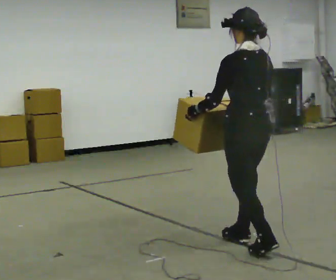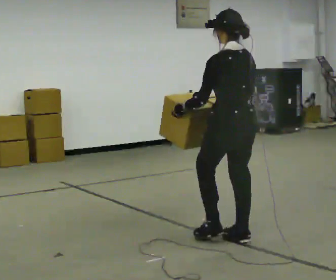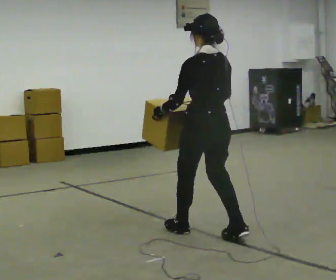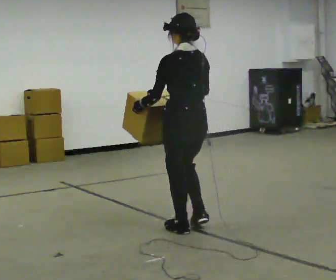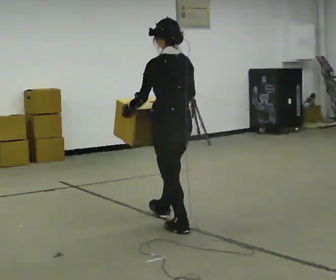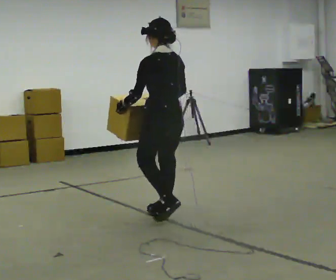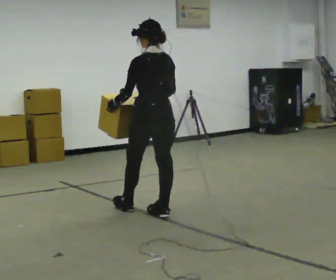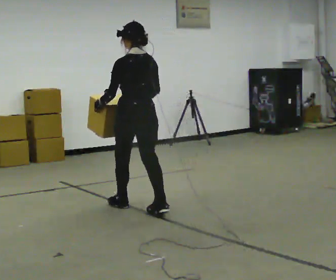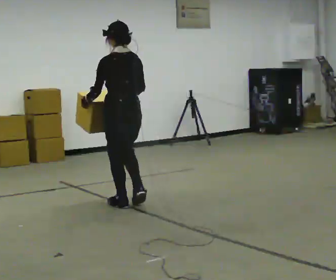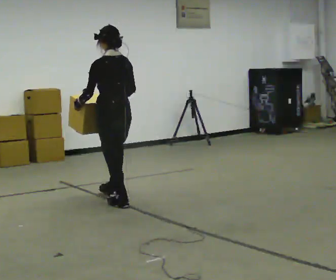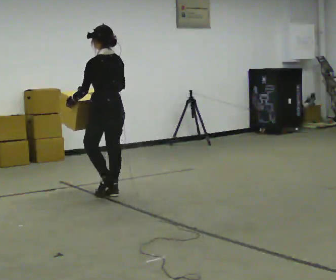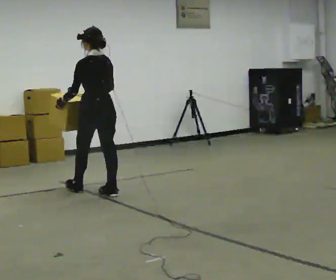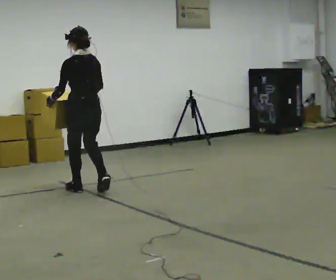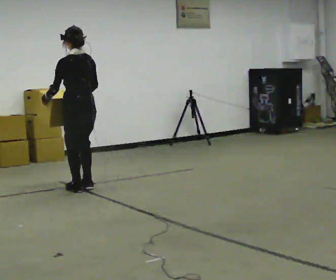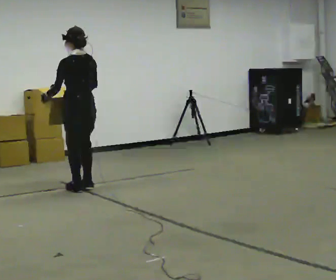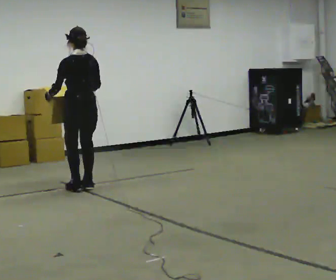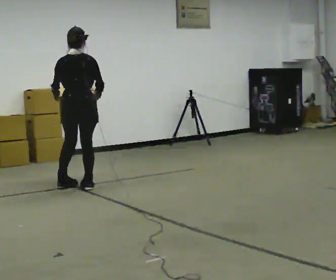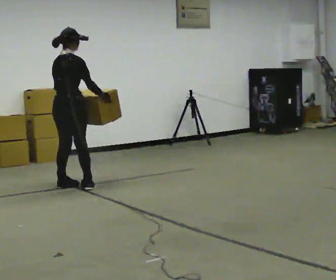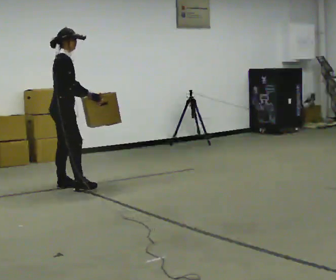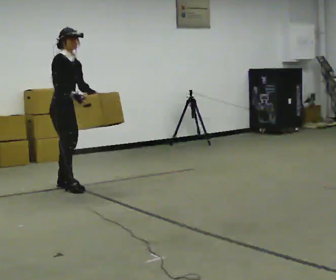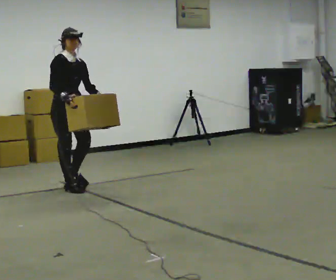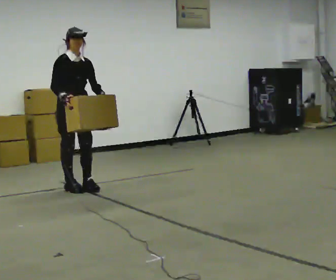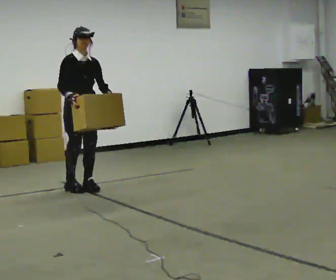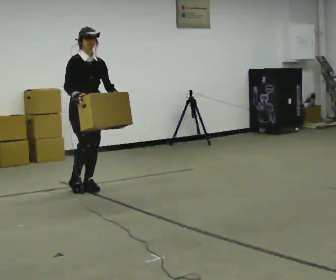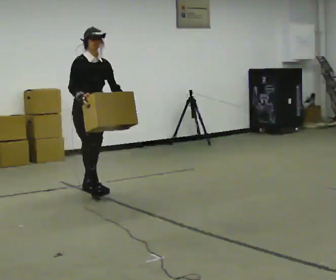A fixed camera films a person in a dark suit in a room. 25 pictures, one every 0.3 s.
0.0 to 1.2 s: In the picture they go away from the camera and to the left, about 1 m in 2 steps, which for them is forward.
1.2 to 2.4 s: In the picture they go away from the camera and to the left, about 0.5 m in 1 step, which for them is forward.
2.4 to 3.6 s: In the picture they go away from the camera and to the left, about 0.75 m in 2 steps, which for them is forward.
3.6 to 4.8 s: Seen from above the body turns clockwise, about 45 degrees: to their right, with its near side sliding to the left. In the picture they go away from the camera, about 0.25 m in 1 step, which for them is forward.
4.8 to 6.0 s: The person turns about 135 degrees to their right, clockwise seen from above, so the part of the body nearest the lens slides to the left. In the picture their right hand goes to the left.
6.0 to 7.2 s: In the picture they go to the right and toward the camera, about 0.25 m in 1 step, which for them is forward and to their left.
The film runs forward here.
